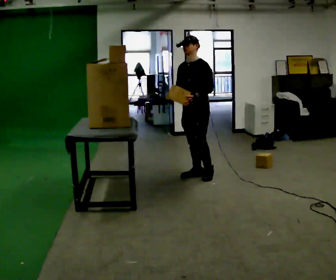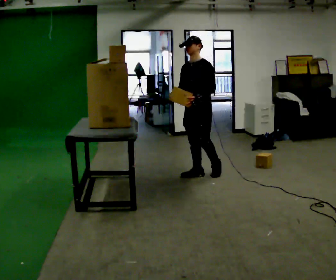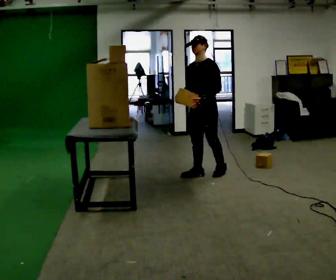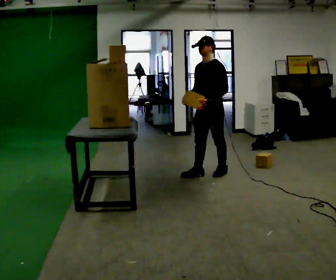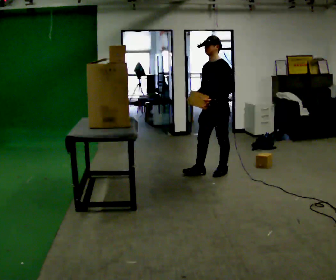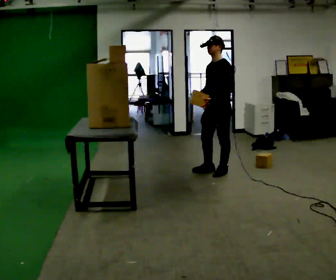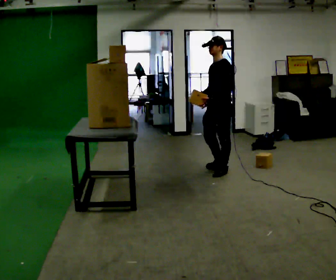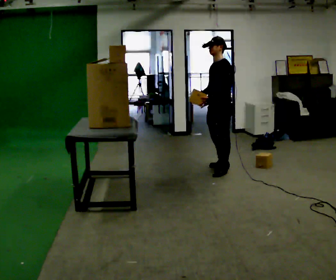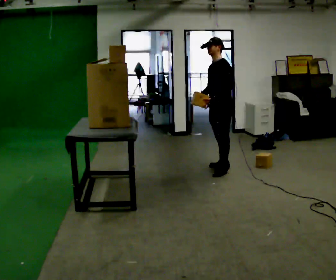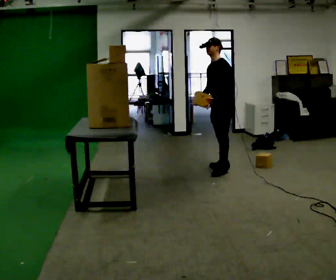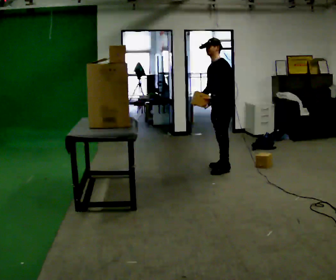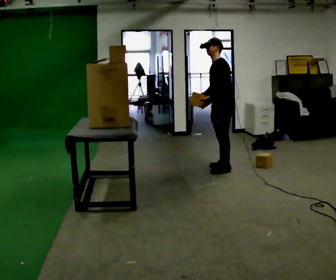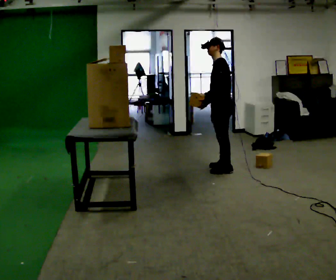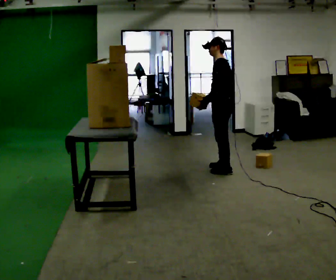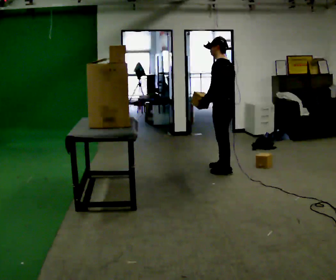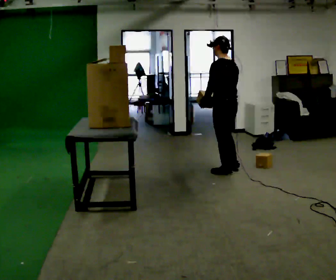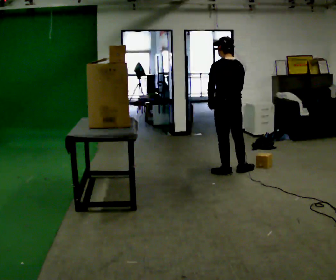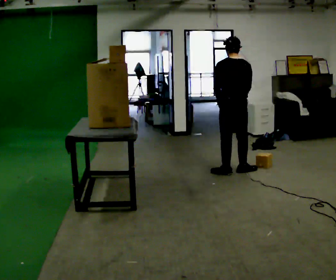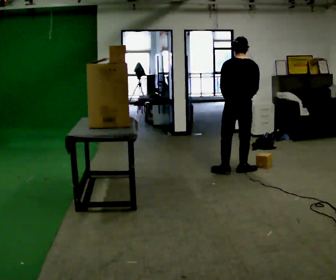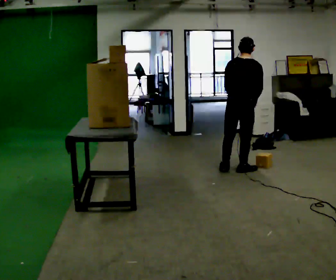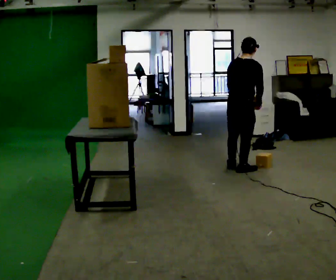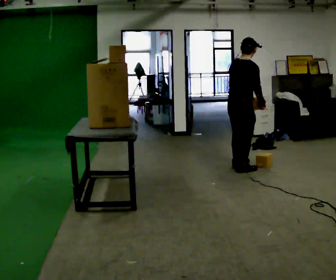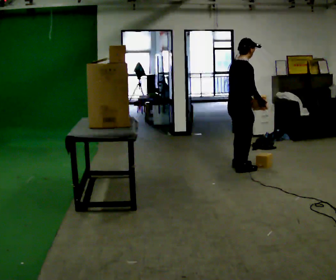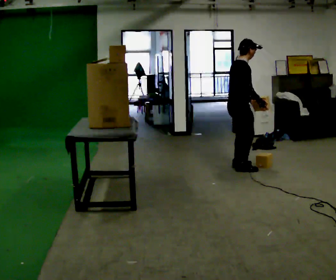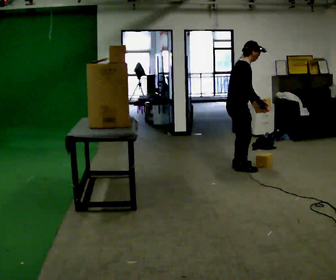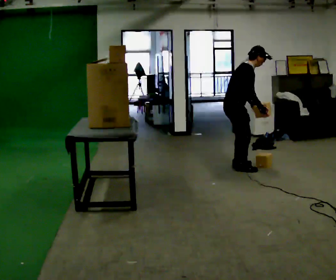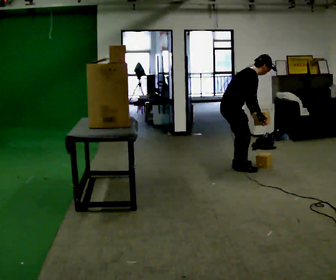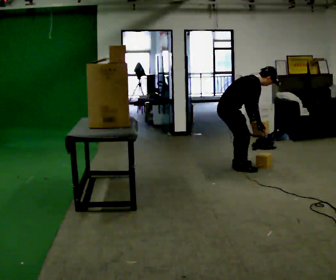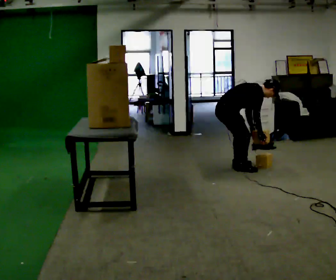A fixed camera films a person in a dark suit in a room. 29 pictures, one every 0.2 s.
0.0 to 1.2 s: Seen from above the body turns clockwise, about 30 degrees: to their right, with its near side sliding to the left. In the picture they go to the right, about 0.25 m in 1 step, which for them is backward and to their left.
1.2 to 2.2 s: In the picture they go away from the camera, about 0.25 m, which for them is to their right and backward.
2.2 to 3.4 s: The person turns about 90 degrees to their right, clockwise seen from above, so the part of the body nearest the lens slides to the left. In the picture they go toward the camera, about 0.25 m in 1 step.
3.4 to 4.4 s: The person turns about 75 degrees to their right, clockwise seen from above, so the part of the body nearest the lens slides to the left. In the picture they go away from the camera, about 0.25 m in 1 step.
4.4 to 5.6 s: In the picture they go to the left, about 0.25 m, which for them is backward. The shoulders move downward. In the picture the upper body tilts clockwise, shoulders to the right, as they bend forward. In the picture their right hand goes downward.
The film runs backward here.
